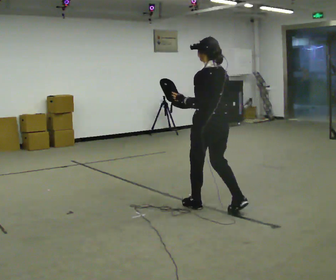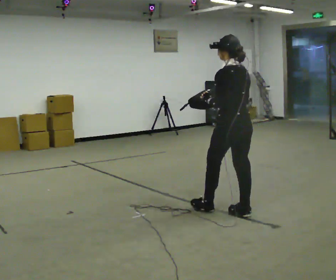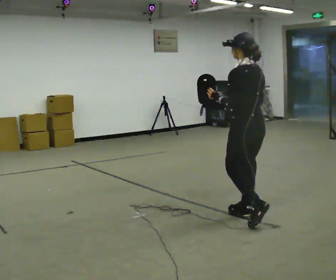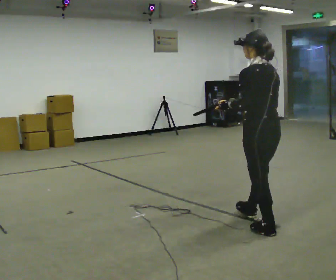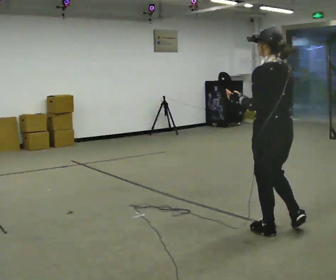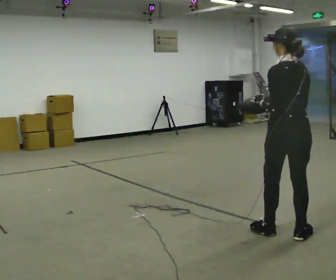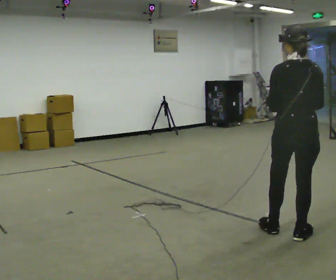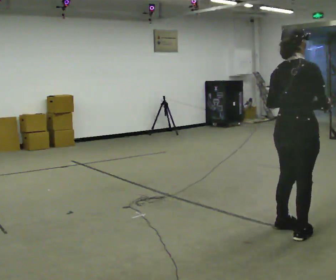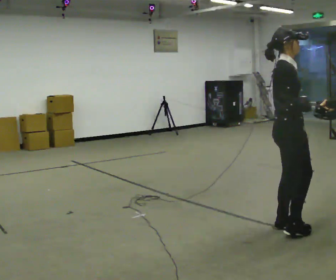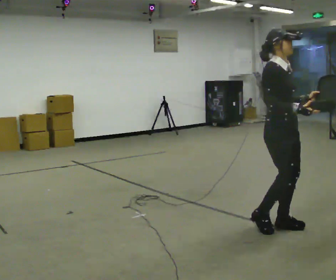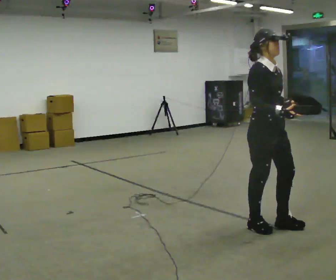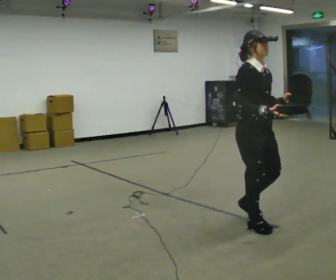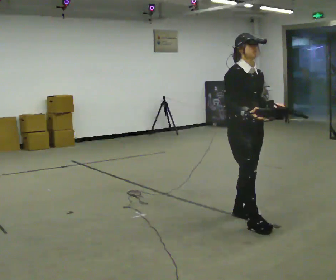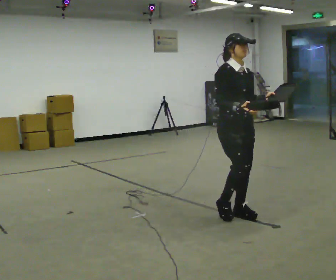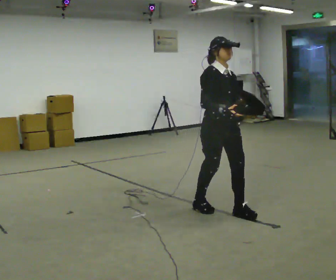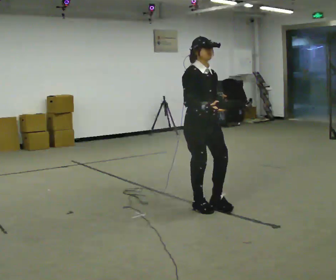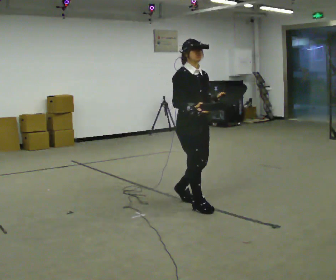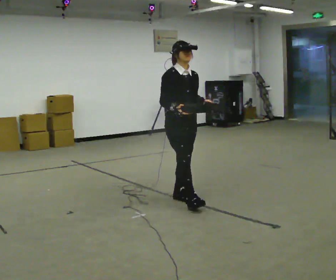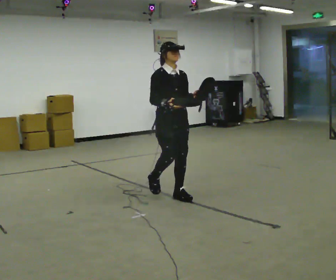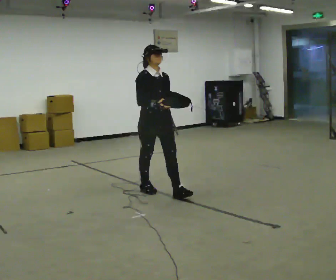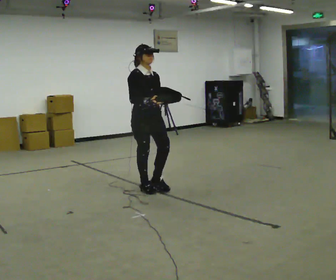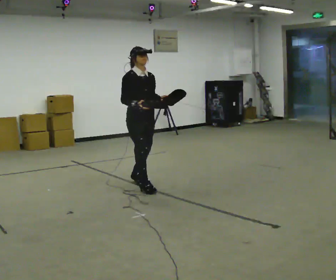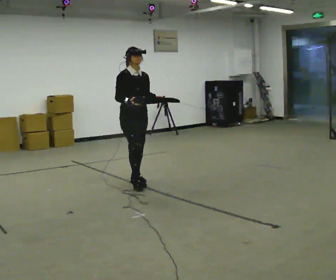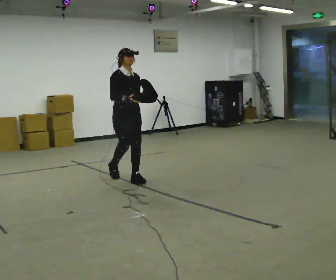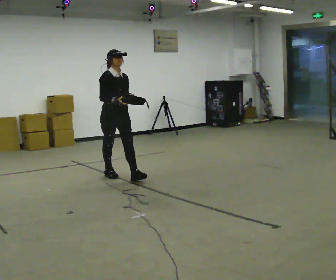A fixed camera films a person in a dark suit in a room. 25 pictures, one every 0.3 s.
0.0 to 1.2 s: In the picture they go toward the camera and to the right, about 1 m in 2 steps, which for them is backward.
1.2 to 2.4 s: Seen from above the body turns clockwise, about 120 degrees: to their right, with its near side sliding to the left. In the picture their right hand goes to the right.
2.4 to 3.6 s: Seen from above the body turns clockwise, about 45 degrees: to their right, with its near side sliding to the left. In the picture they go to the left and away from the camera, about 0.5 m in 1 step, which for them is backward.
3.6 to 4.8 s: In the picture they go to the left and away from the camera, about 0.75 m in 2 steps, which for them is backward.
4.8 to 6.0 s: In the picture they go to the left and away from the camera, about 0.5 m in 2 steps, which for them is backward.
6.0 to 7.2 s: In the picture they go away from the camera and to the left, about 0.5 m in 1 step, which for them is backward.
The film runs backward here.
